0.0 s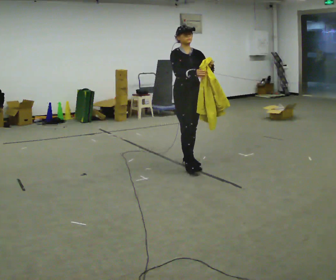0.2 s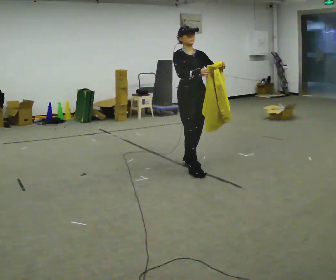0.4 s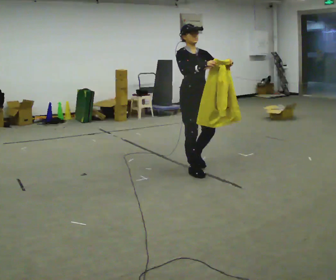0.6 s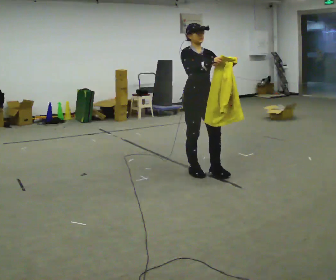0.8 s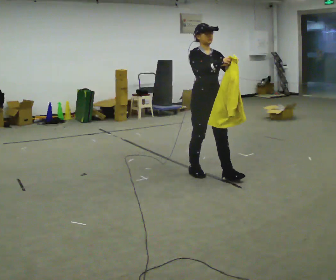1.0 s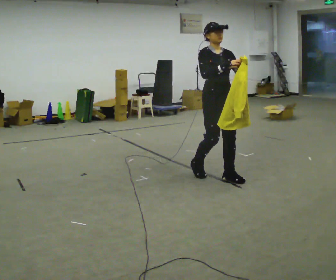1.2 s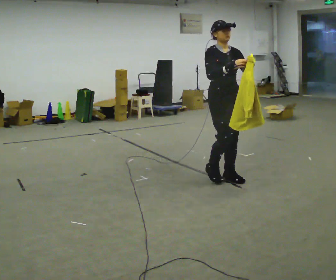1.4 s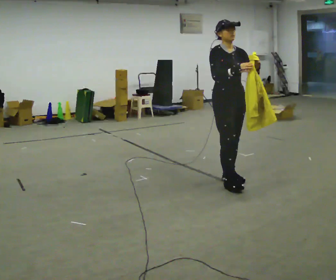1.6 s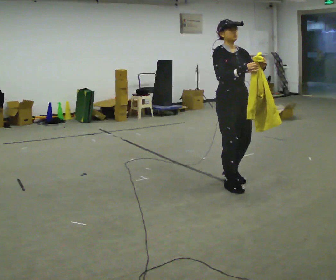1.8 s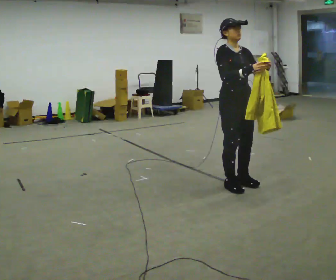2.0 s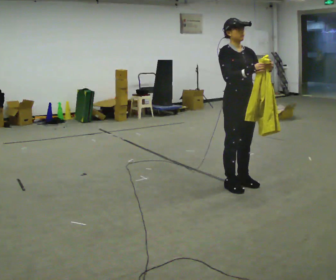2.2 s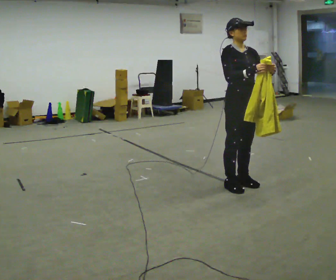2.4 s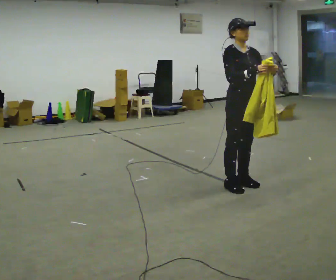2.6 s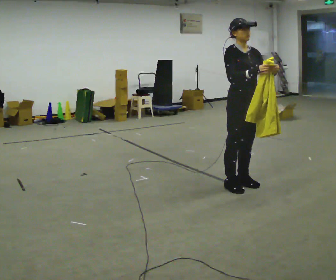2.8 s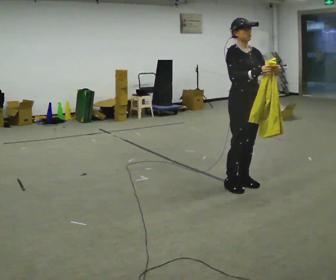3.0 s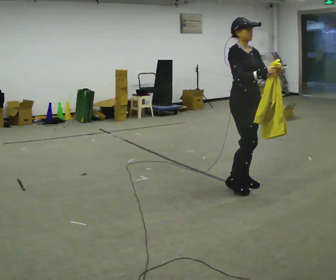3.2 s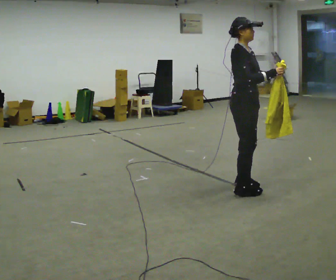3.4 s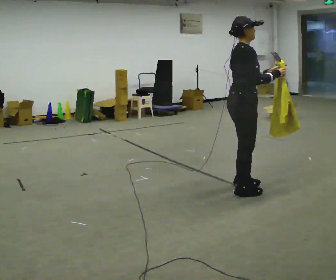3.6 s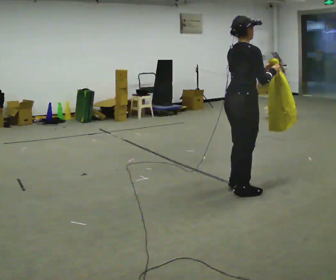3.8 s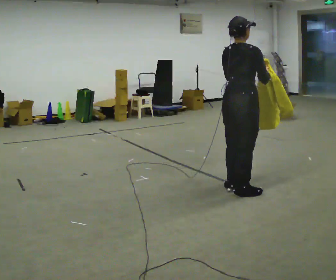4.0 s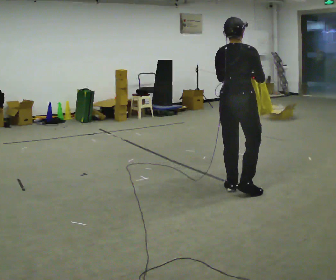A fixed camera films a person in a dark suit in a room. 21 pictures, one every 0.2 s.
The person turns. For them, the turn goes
to their left.
The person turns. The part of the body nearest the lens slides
to the right.
0.0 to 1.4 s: In the picture they go toward the camera and to the right, about 0.5 m in 2 steps, which for them is forward.
1.4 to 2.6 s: The person moves a little, or ends about where they began.
2.6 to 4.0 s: The part of the body nearest the lens slides to the right as the person turns to their left by about 120 degrees. In the picture their left hand goes to the left.
The film runs forward here.
